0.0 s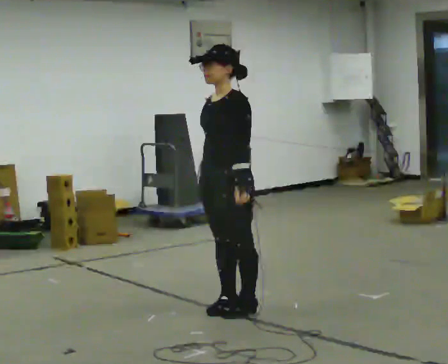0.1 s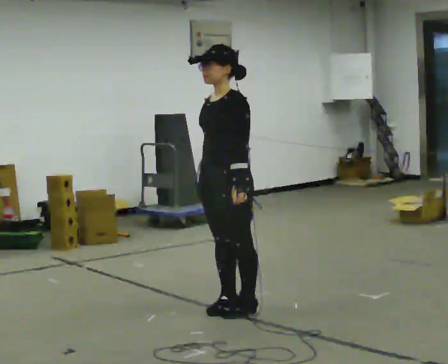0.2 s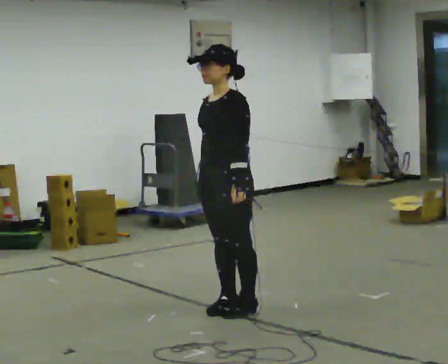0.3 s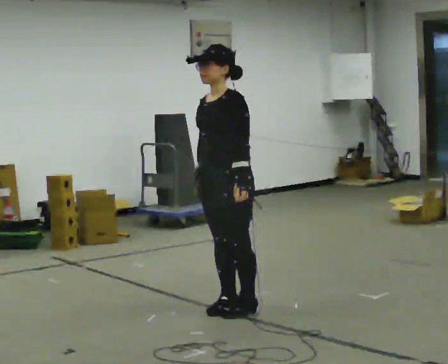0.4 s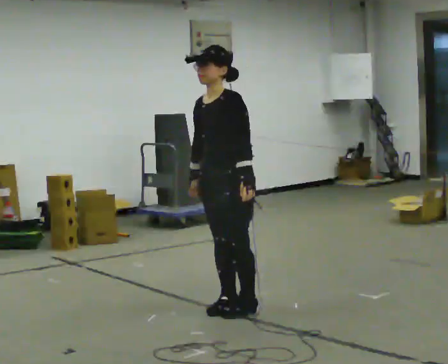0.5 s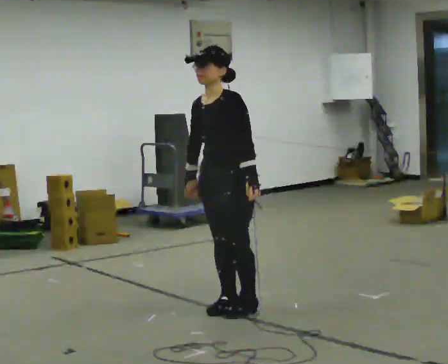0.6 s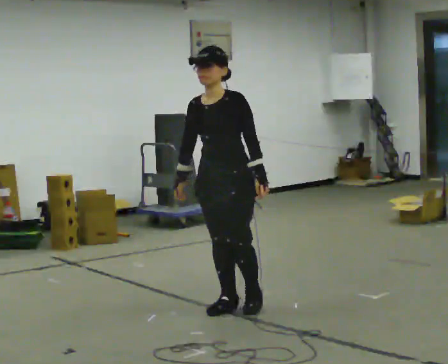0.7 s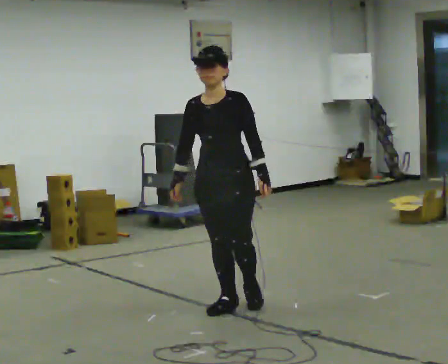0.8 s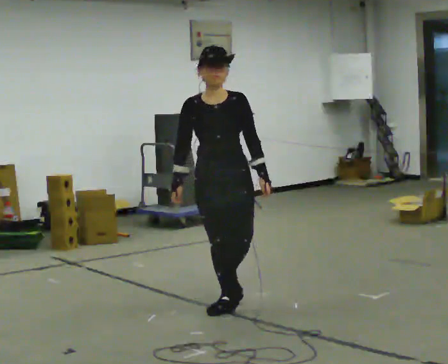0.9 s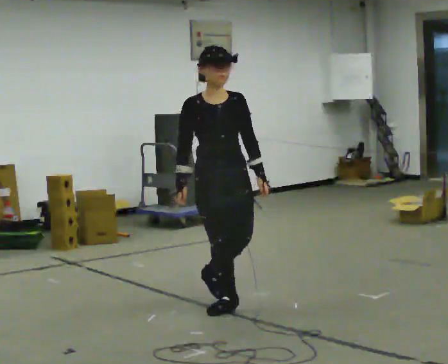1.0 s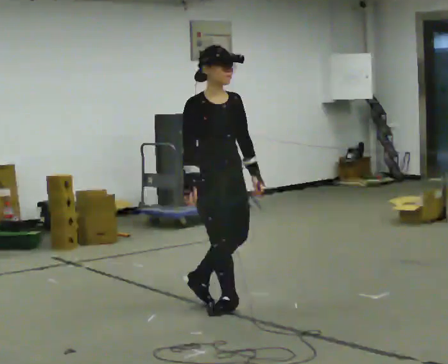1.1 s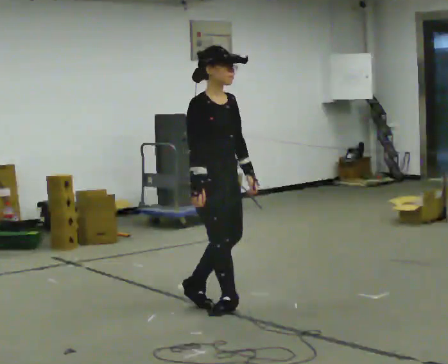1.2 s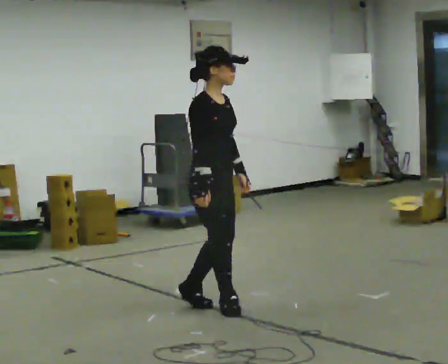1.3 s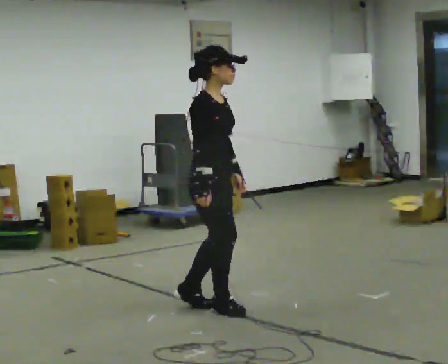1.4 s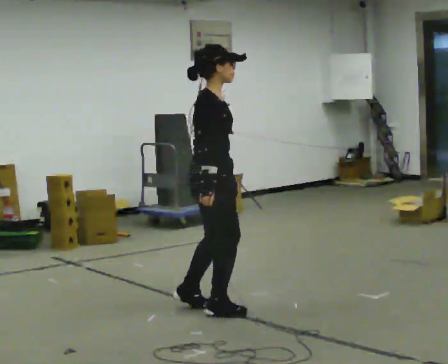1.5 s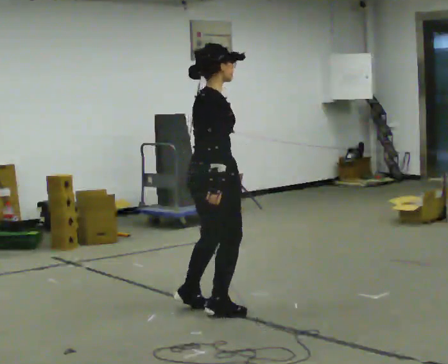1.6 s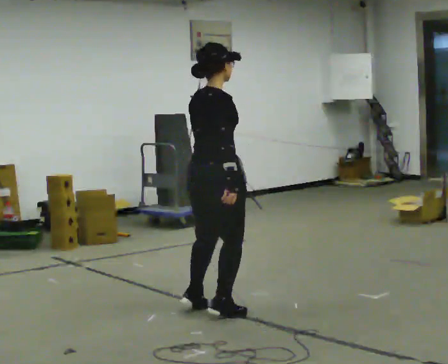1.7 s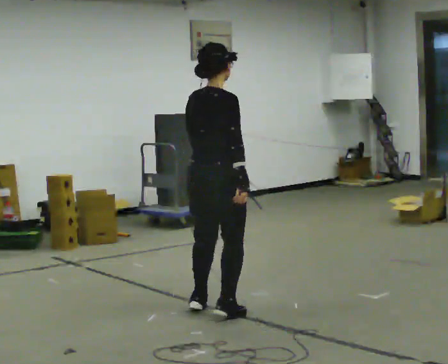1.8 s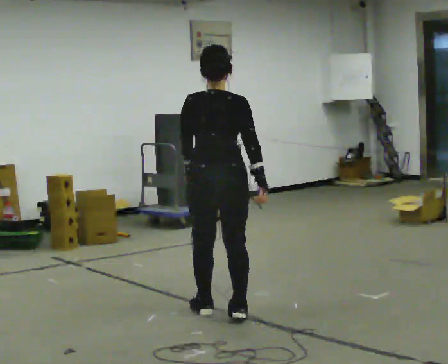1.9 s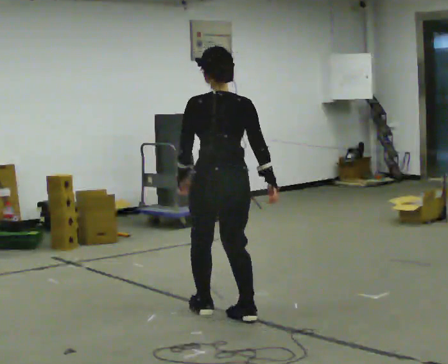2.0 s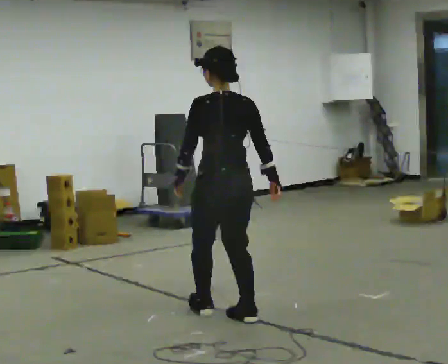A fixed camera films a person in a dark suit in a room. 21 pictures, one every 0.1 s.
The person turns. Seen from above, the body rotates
counterclockwise.
The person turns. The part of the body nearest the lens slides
to the right.
0.0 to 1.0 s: Seen from above the body turns counterclockwise, about 90 degrees: to their left, with its near side sliding to the right.
1.0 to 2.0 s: The person turns about 180 degrees to their left, counterclockwise seen from above, so the part of the body nearest the lens slides to the right. In the picture they go toward the camera, about 0.25 m in 3 steps. In the picture their left hand goes to the left, the arm swinging clockwise.
The film runs forward here.
